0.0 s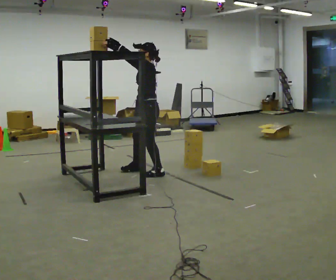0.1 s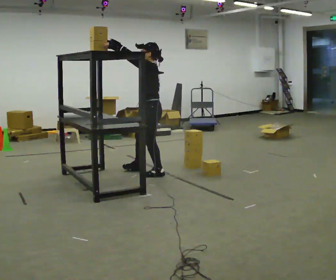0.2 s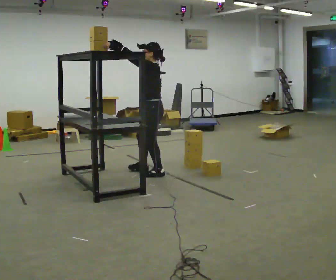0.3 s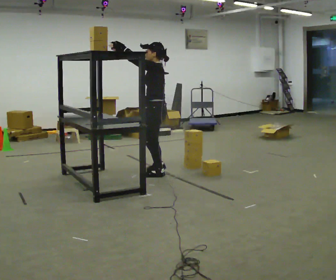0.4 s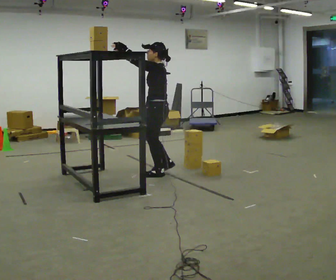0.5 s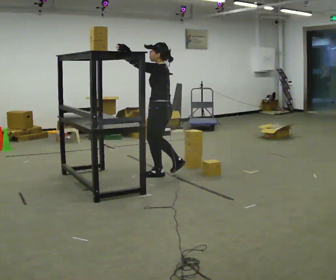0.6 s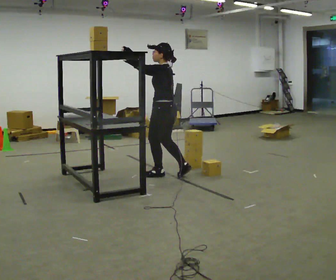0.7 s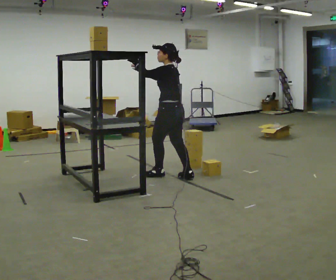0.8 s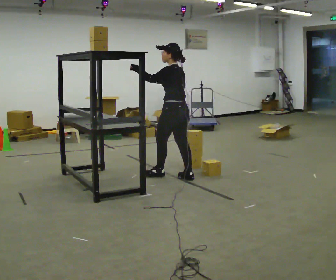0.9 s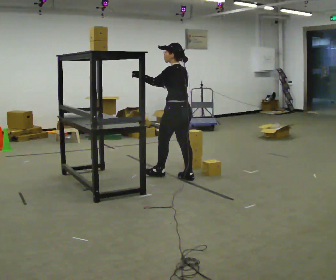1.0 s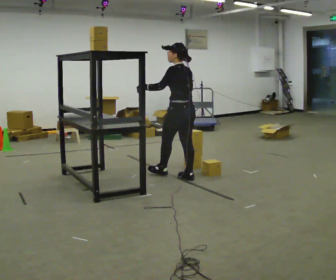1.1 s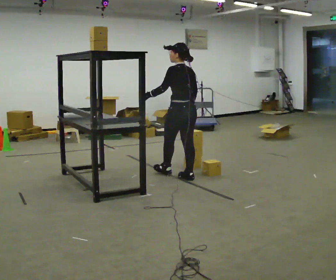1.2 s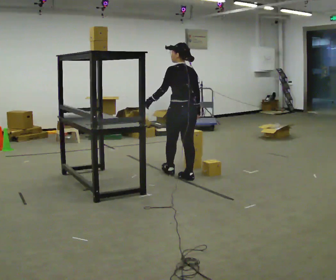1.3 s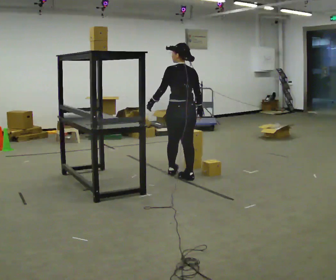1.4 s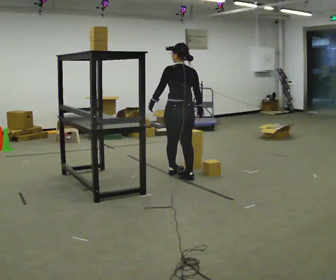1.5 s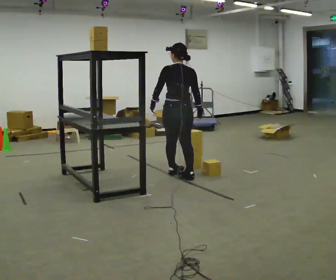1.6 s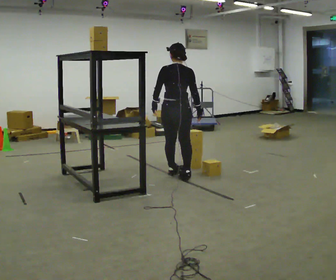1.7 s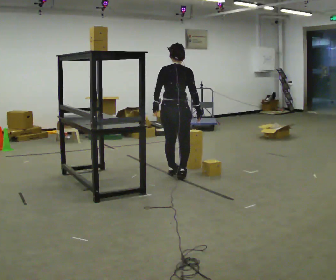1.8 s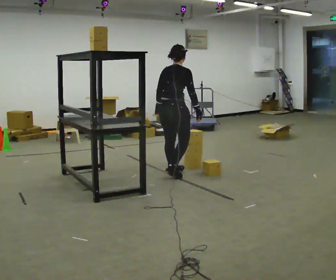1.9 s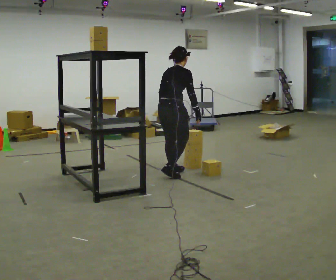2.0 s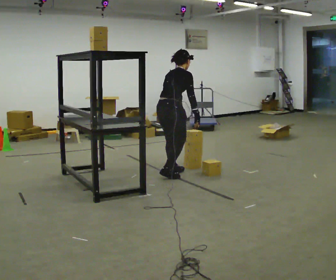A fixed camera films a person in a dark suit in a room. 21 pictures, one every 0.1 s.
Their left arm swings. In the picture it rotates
counterclockwise.
The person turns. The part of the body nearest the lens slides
to the left.
0.0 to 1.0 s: Seen from above the body turns clockwise, about 60 degrees: to their right, with its near side sliding to the left. In the picture they go to the right, about 0.5 m in 1 step, which for them is backward. In the picture their right hand goes downward.
1.0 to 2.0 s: The person turns about 90 degrees to their right, clockwise seen from above, so the part of the body nearest the lens slides to the left. In the picture they go to the left, about 0.25 m in 1 step. In the picture the upper body tilts clockwise, shoulders to the right, as they bend forward.
The film runs backward here.
